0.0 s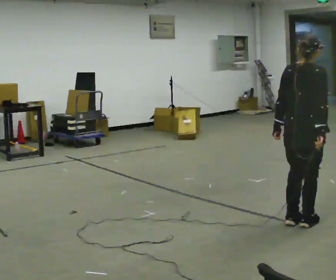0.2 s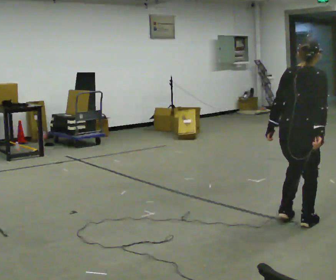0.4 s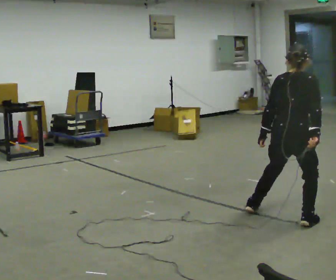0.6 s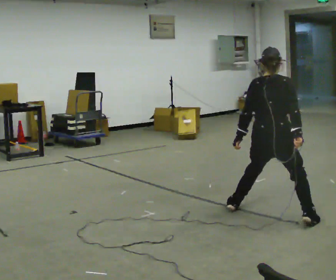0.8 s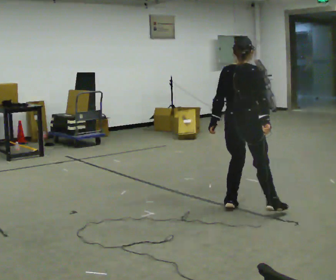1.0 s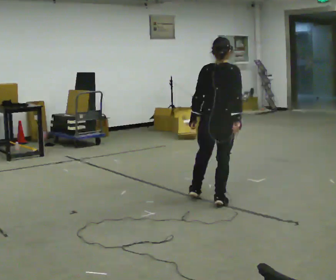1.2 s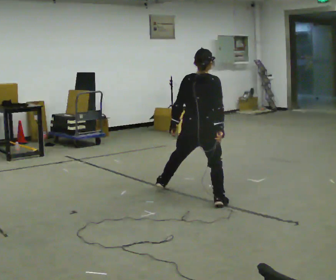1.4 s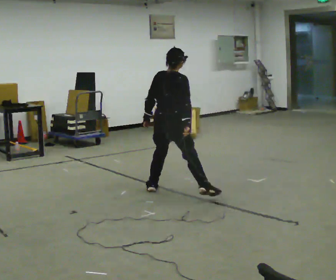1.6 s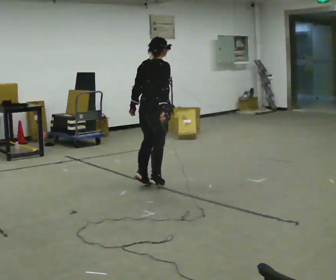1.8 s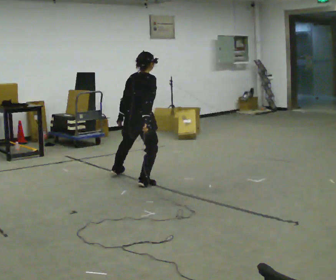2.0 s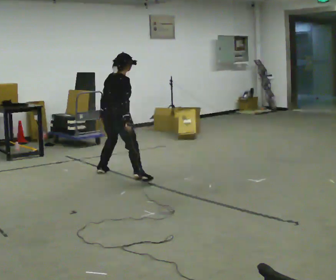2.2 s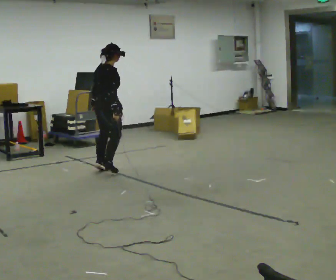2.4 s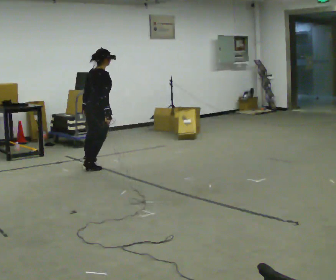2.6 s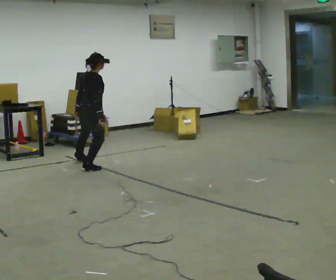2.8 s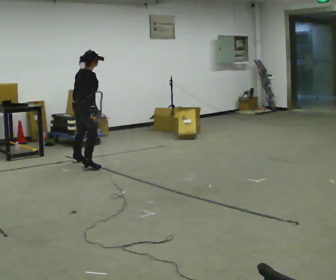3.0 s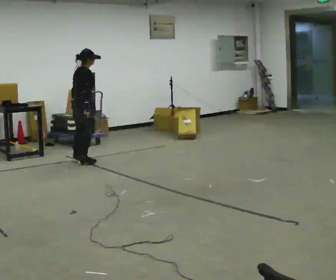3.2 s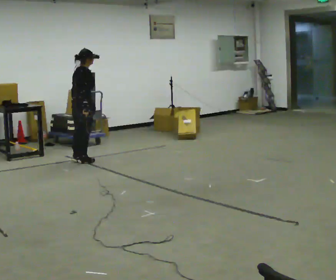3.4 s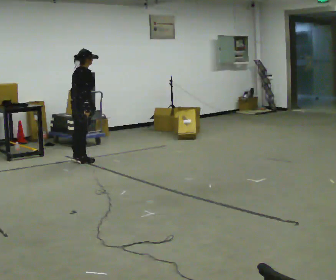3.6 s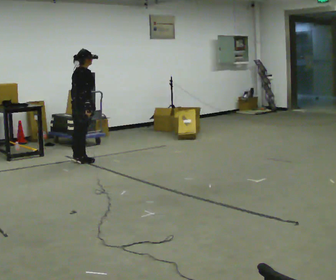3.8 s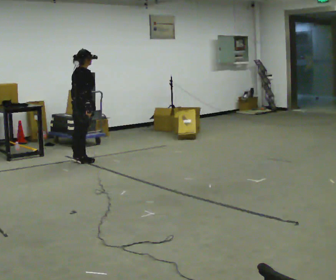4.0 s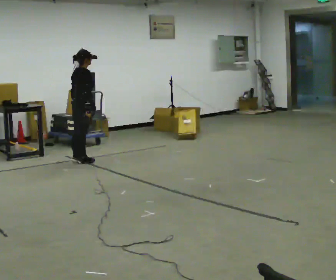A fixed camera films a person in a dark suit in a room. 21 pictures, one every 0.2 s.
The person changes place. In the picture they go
away from the camera.
0.0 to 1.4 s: In the picture they go away from the camera and to the left, about 1.5 m in 2 steps, which for them is to their left.
1.4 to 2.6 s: In the picture they go away from the camera and to the left, about 1.5 m in 4 steps, which for them is to their left.
2.6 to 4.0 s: In the picture they go away from the camera, about 0.25 m in 1 step, which for them is to their left.
The film runs forward here.
